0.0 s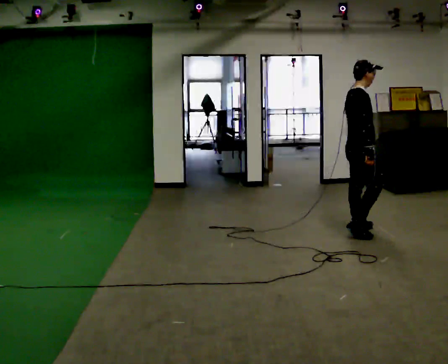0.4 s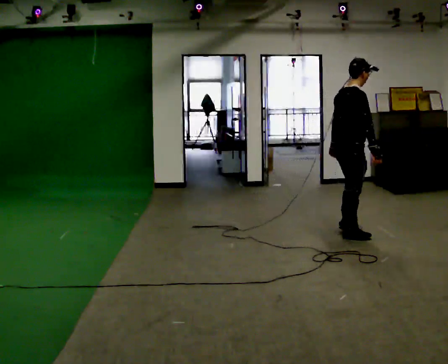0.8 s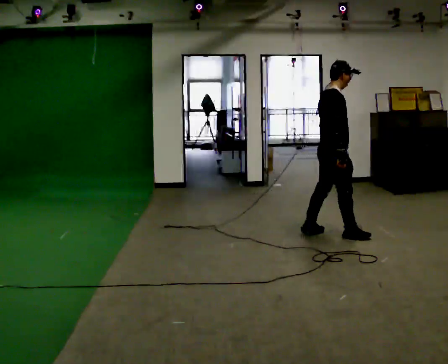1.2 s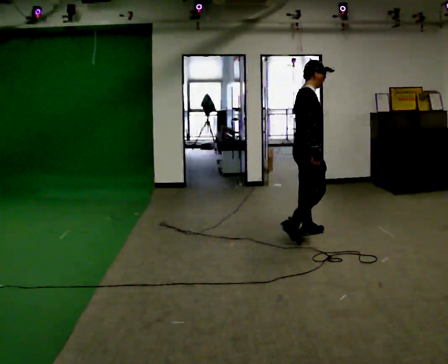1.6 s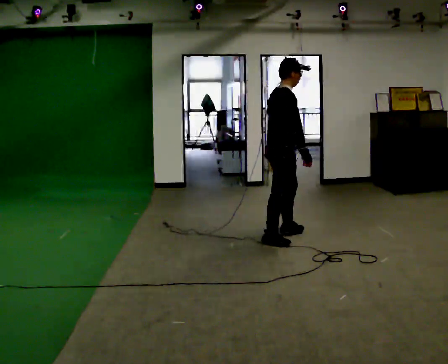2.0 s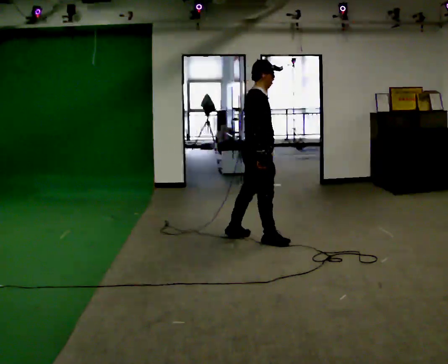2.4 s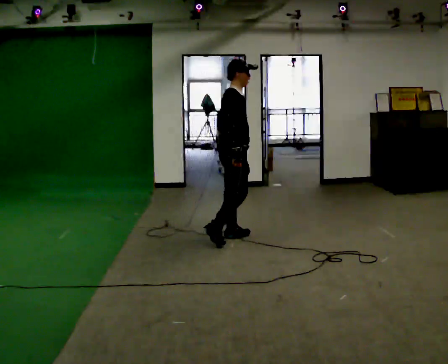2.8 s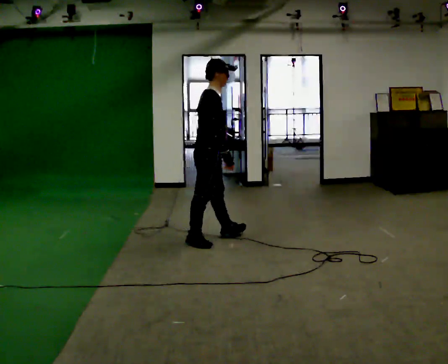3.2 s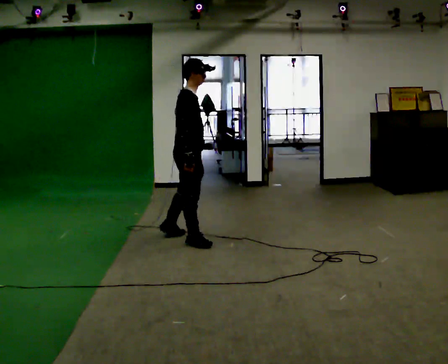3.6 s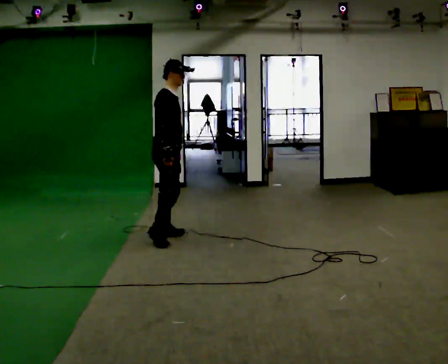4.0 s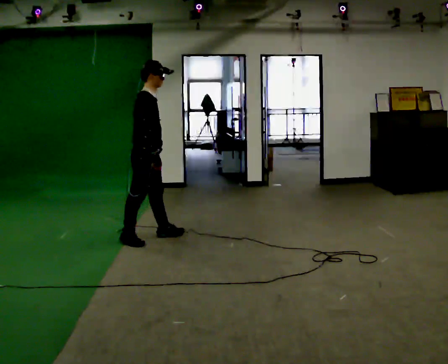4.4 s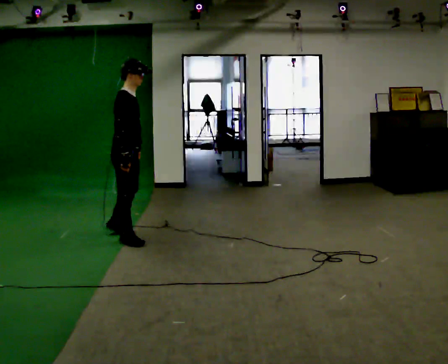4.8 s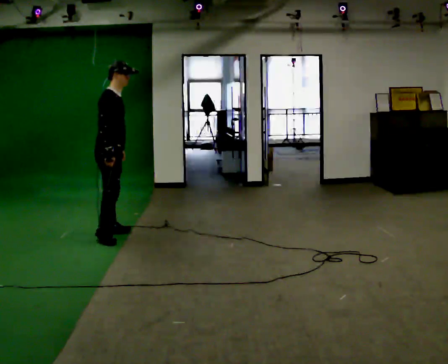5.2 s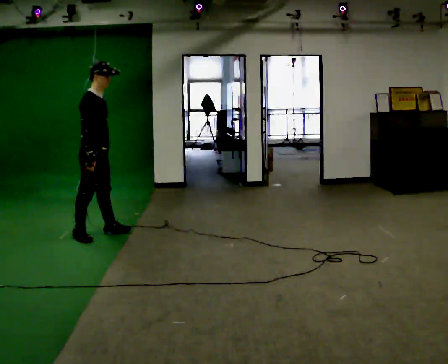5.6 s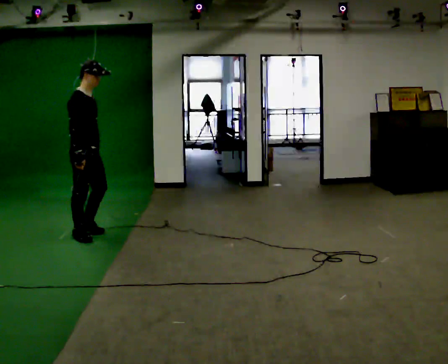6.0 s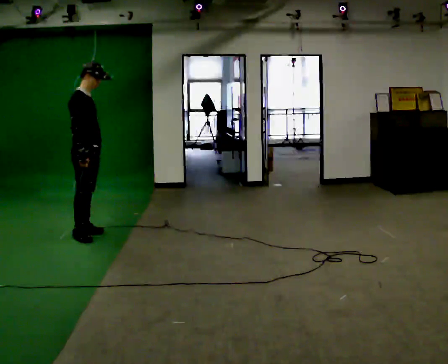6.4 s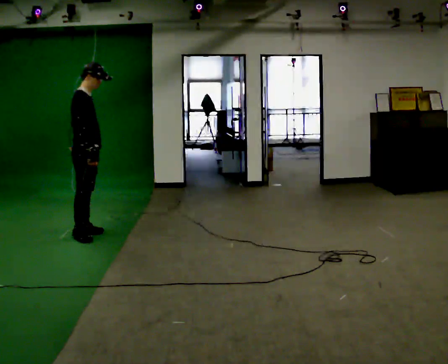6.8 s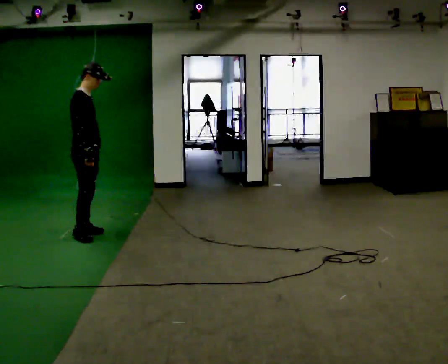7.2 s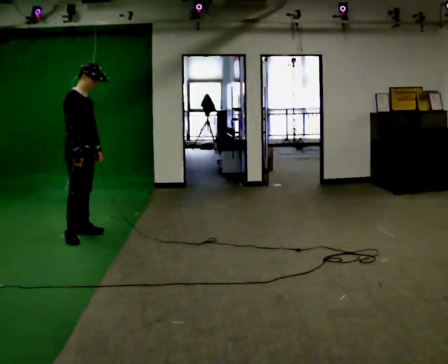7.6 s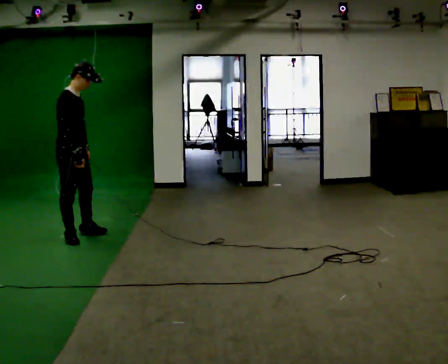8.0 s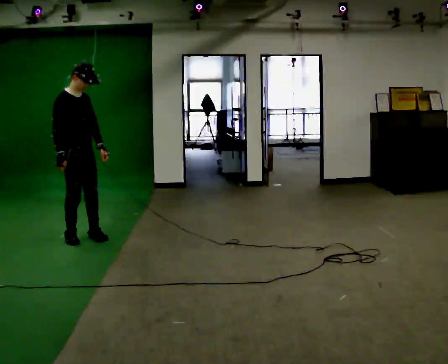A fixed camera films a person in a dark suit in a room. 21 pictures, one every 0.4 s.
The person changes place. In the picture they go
to the left.
0.0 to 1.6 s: In the picture they go to the left, about 1 m in 3 steps, which for them is backward.
1.6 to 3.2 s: In the picture they go to the left, about 1 m in 2 steps, which for them is backward.
3.2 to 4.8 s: In the picture they go to the left, about 1 m in 3 steps, which for them is backward.
4.8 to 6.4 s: In the picture they go to the left, about 0.25 m in 1 step, which for them is backward. In the picture their left hand goes to the left.
6.4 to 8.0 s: The part of the body nearest the lens slides to the left as the person turns to their right by about 30 degrees.
The film runs backward here.
